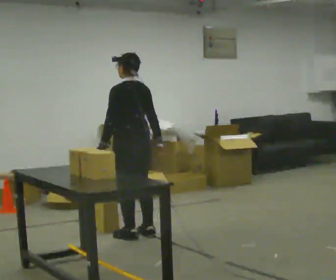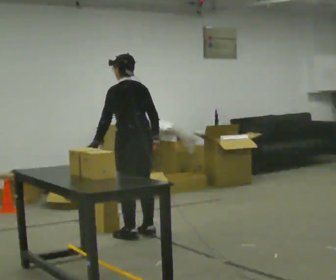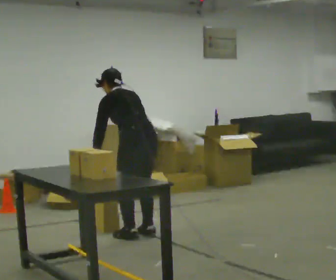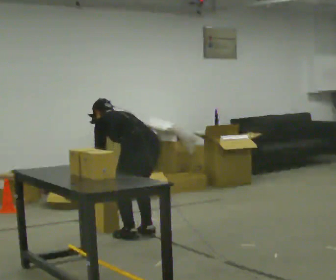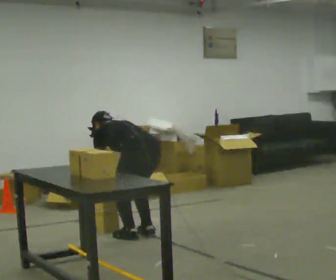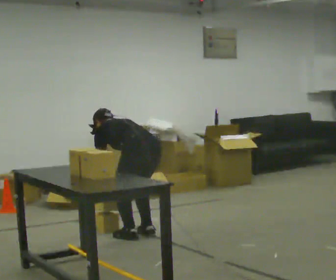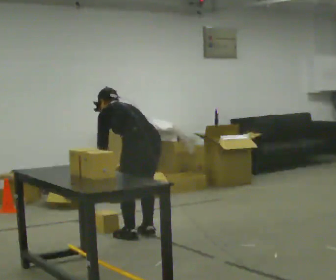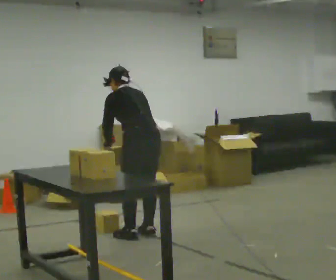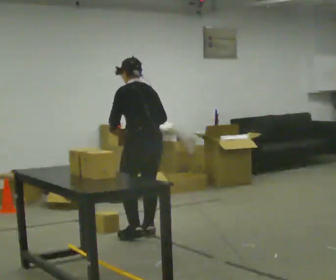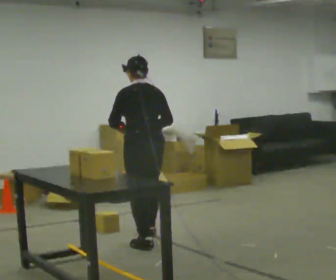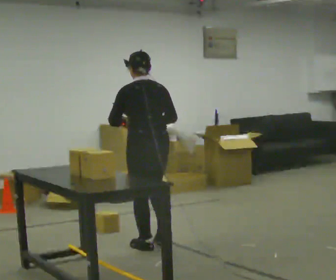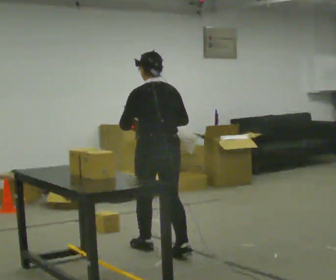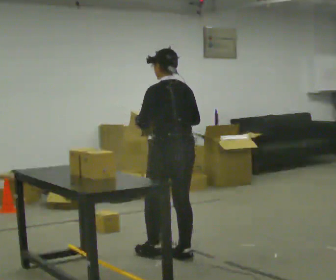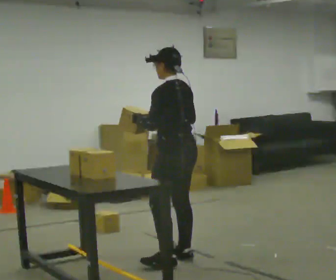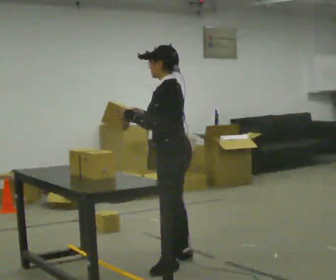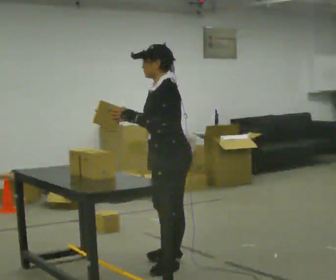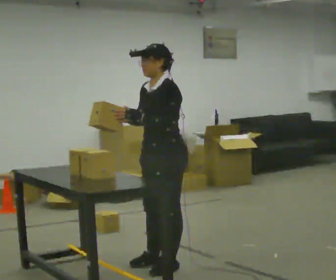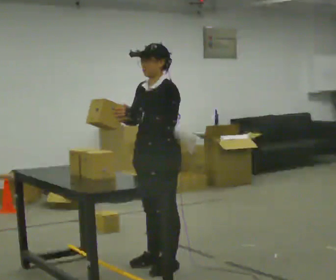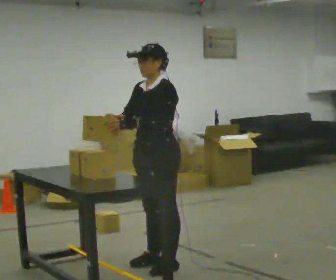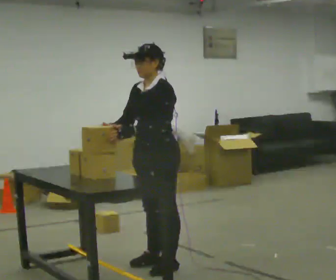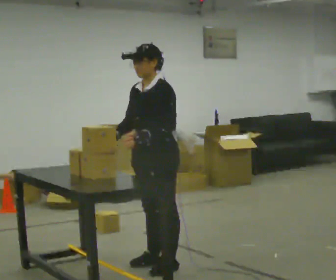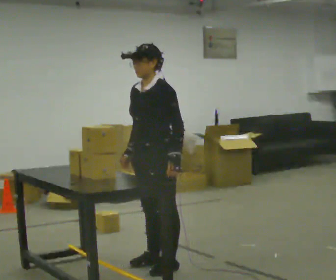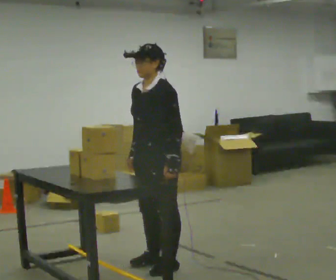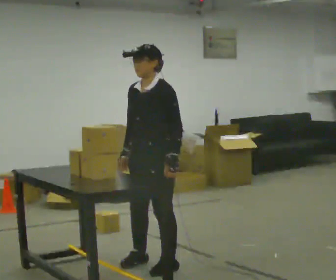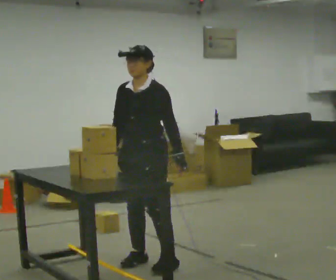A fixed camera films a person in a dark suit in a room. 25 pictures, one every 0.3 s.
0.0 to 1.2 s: The shoulders move downward. In the picture the upper body tilts counterclockwise, shoulders to the left, as they bend forward. In the picture their right hand goes downward and to the left.
1.2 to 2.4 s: The upper body goes upward. In the picture the upper body tilts clockwise, shoulders to the right, as they lean back or straighten. In the picture their left hand goes upward.
2.4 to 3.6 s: In the picture they go toward the camera and to the right, about 0.75 m in 2 steps, which for them is backward.
3.6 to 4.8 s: The person turns about 75 degrees to their left, counterclockwise seen from above, so the part of the body nearest the lens slides to the right. In the picture they go toward the camera, about 0.25 m in 1 step.
4.8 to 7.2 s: The part of the body nearest the lens slides to the right as the person turns to their left by about 30 degrees.
The film runs backward here.
